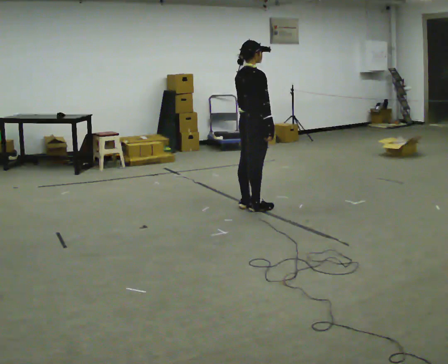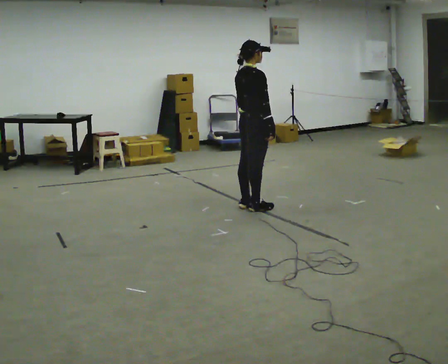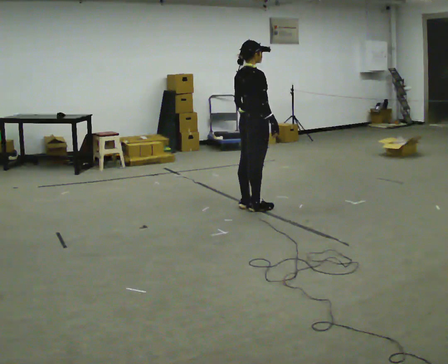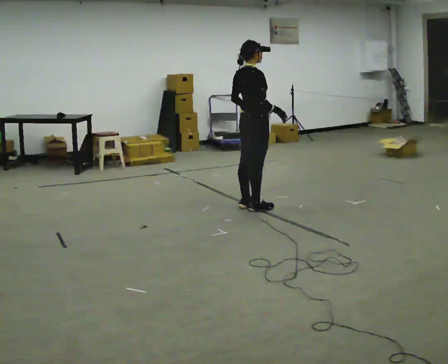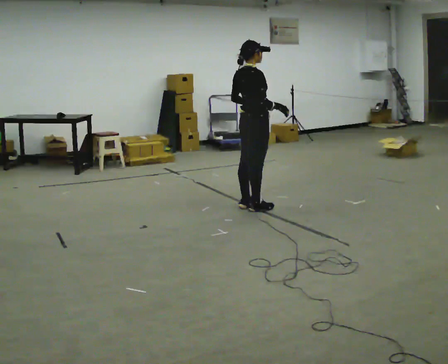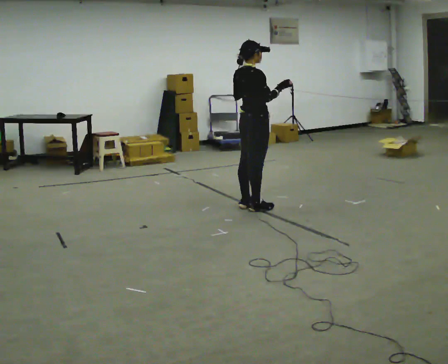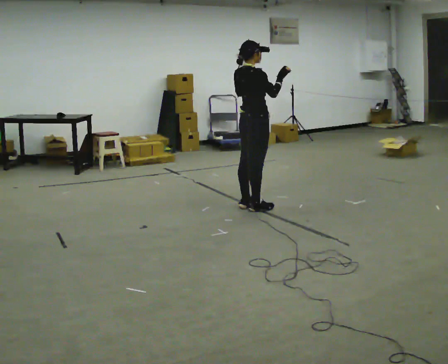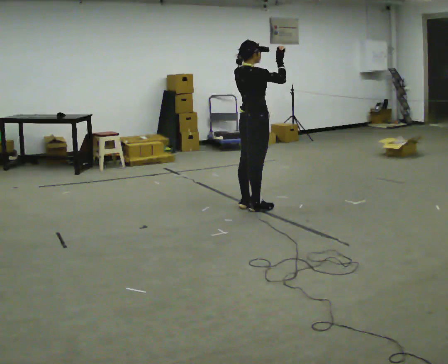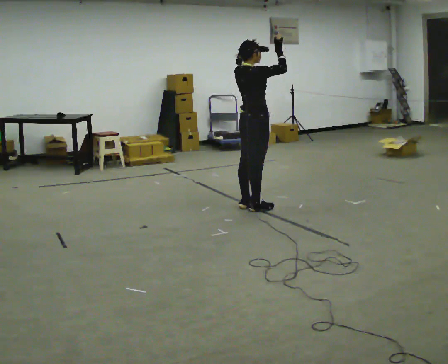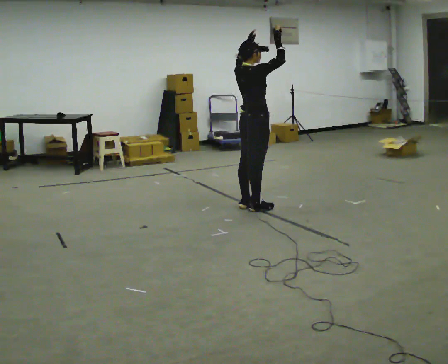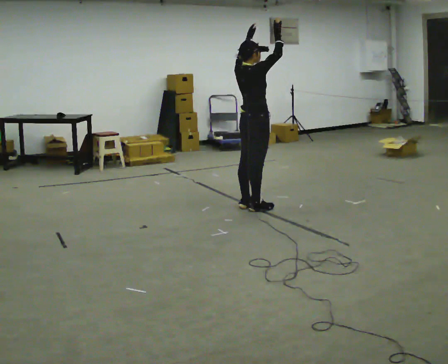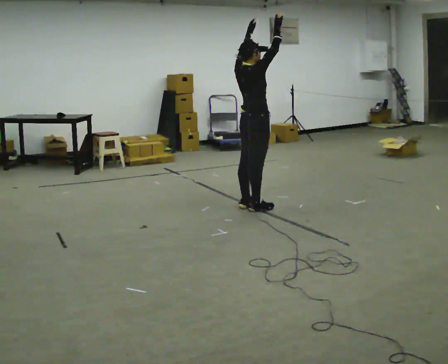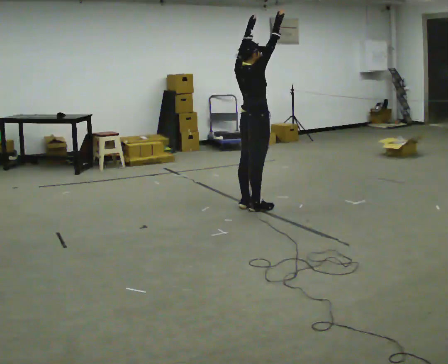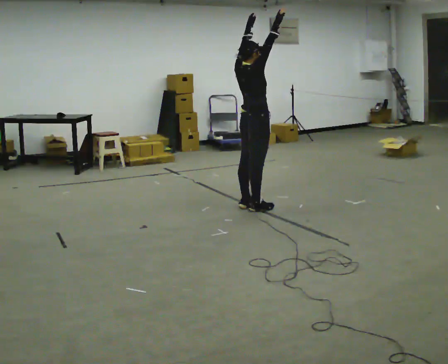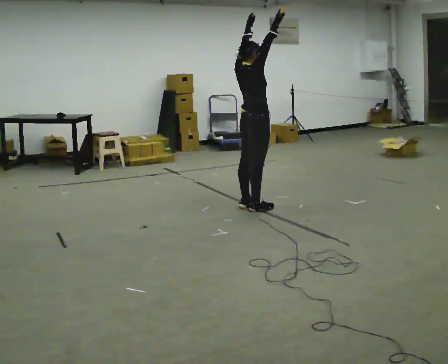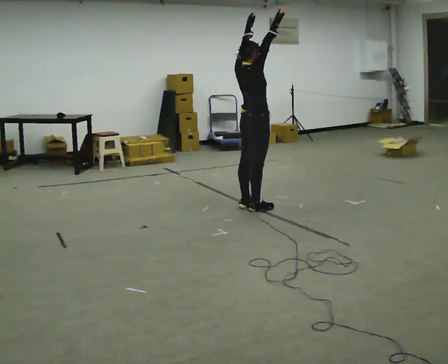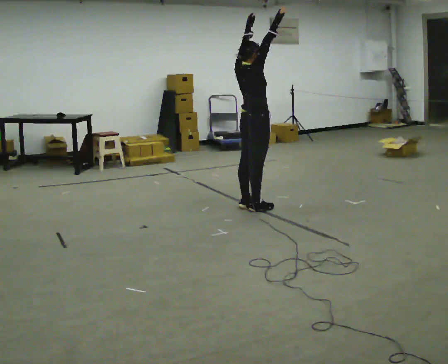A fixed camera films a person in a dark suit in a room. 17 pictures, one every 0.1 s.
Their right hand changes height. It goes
upward.
Their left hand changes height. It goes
upward.
0.0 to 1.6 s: In the picture their left hand goes upward.
The film runs forward here.
